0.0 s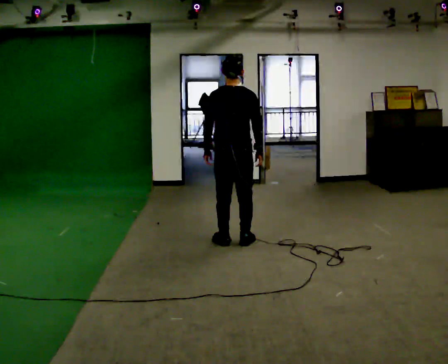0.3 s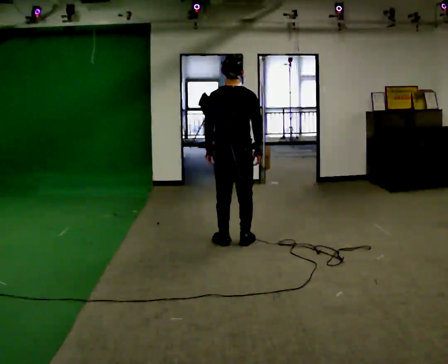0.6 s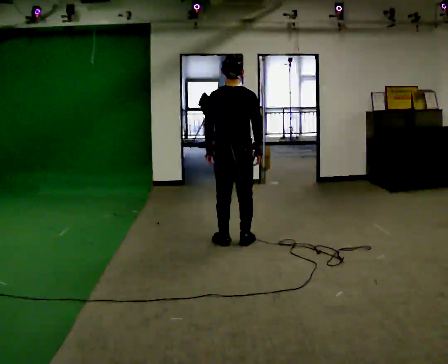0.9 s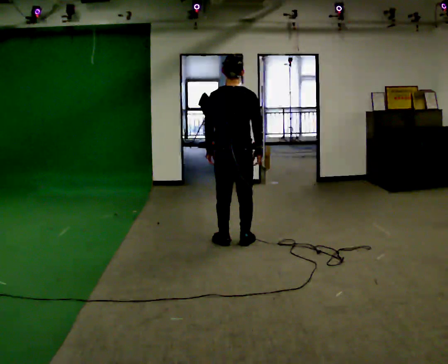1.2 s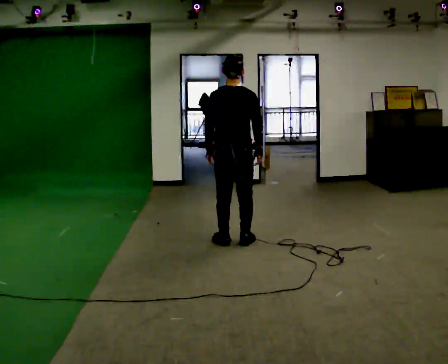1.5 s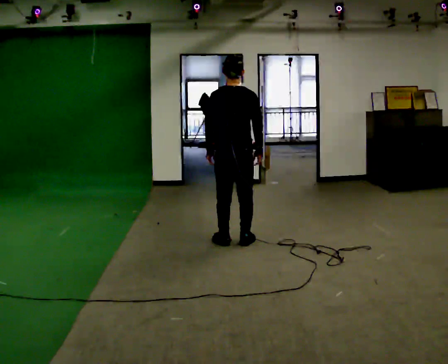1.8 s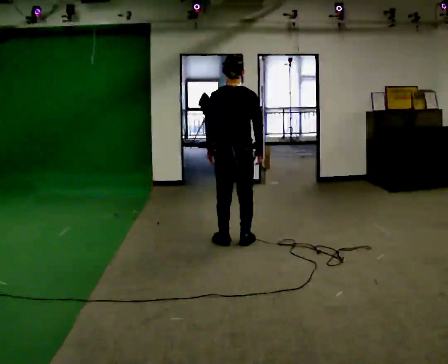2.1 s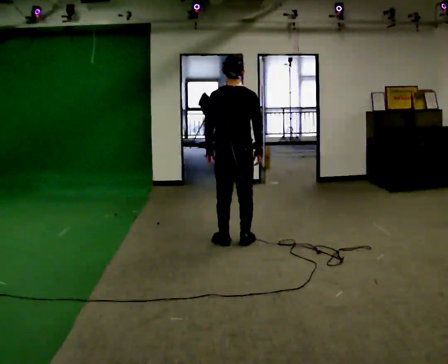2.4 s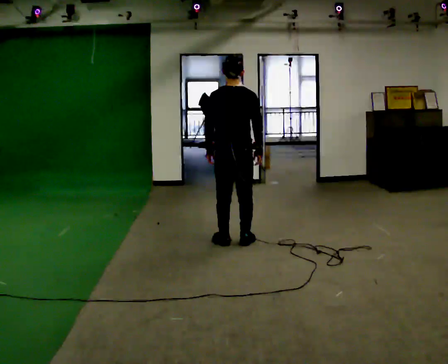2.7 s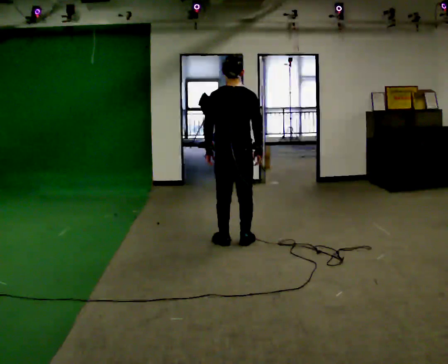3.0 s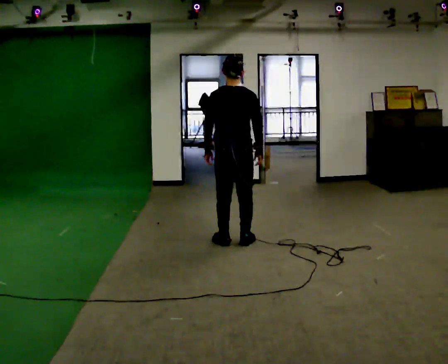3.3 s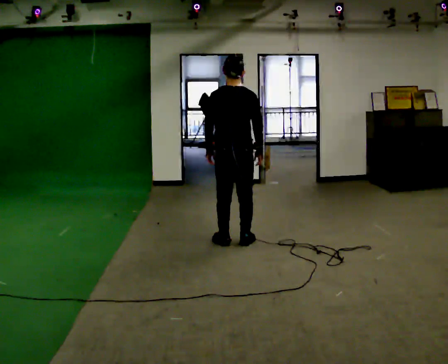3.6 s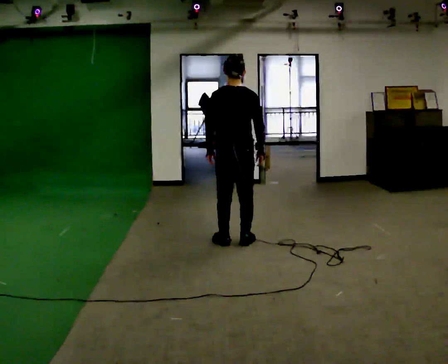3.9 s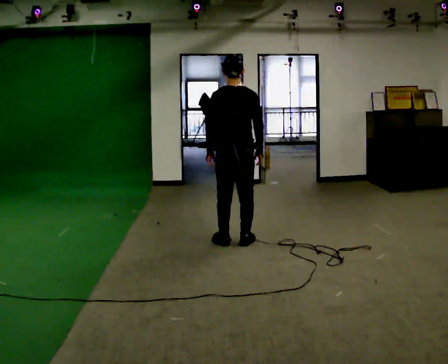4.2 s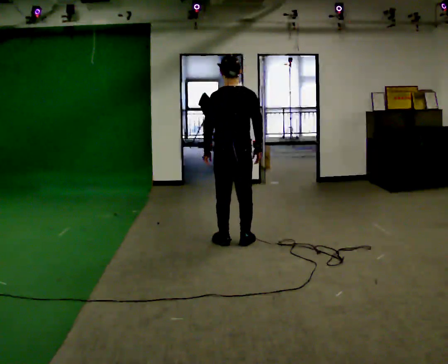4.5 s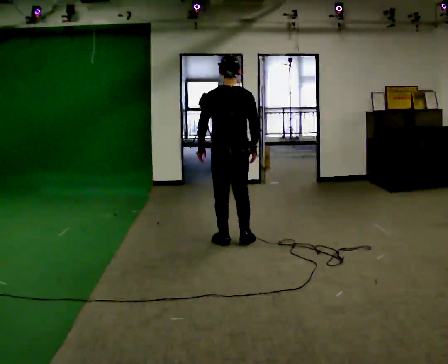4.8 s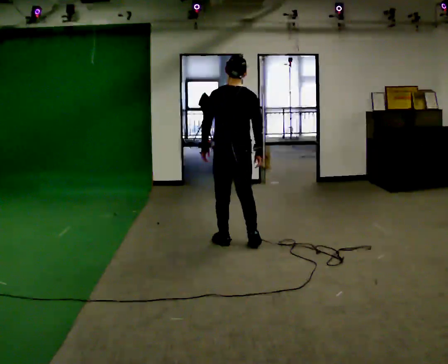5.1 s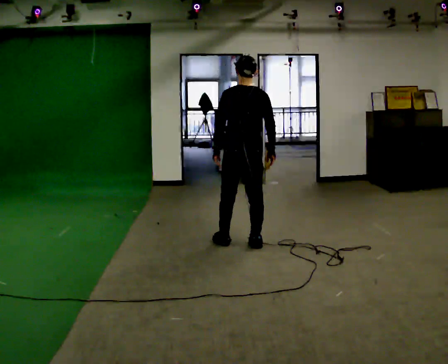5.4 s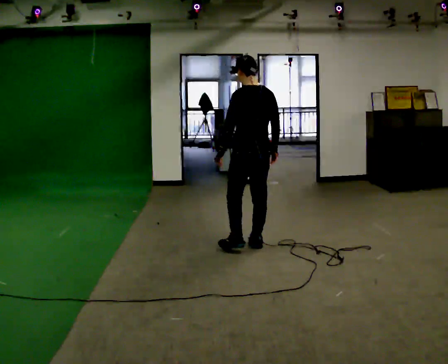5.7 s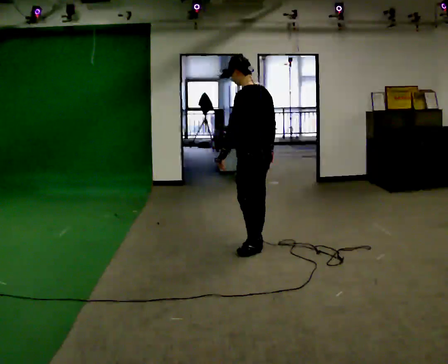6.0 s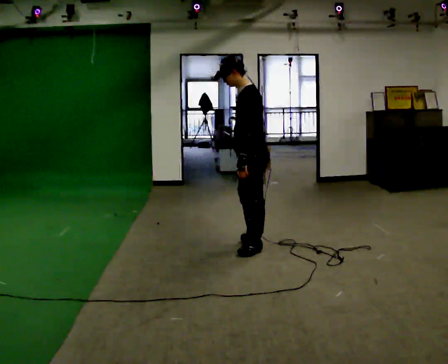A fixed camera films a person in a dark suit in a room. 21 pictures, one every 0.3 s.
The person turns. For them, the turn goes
to their left.
The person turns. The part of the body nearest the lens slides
to the right.
0.0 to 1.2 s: The person moves a little, or ends about where they began.
1.2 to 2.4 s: The person keeps their place and pose.
2.4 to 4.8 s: The person moves a little, or ends about where they began.
4.8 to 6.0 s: The part of the body nearest the lens slides to the right as the person turns to their left by about 75 degrees. In the picture they go toward the camera and to the right, about 0.25 m in 1 step.
The film runs backward here.
